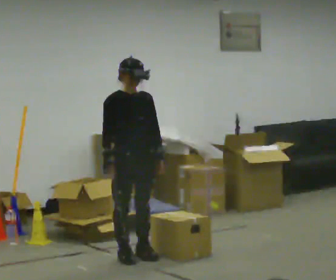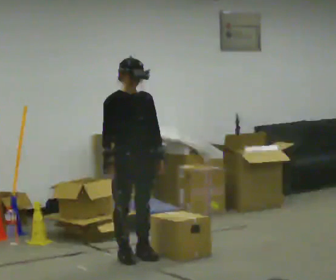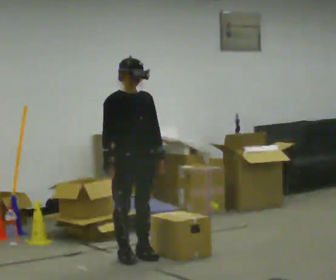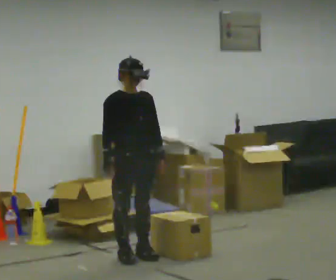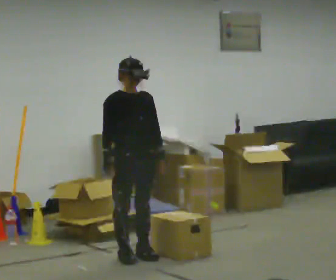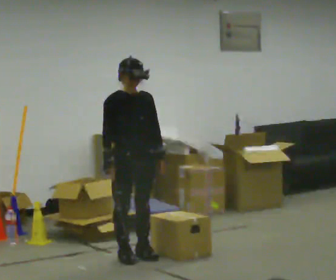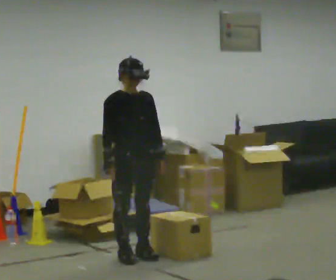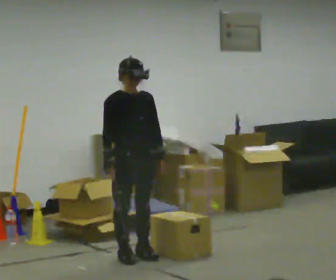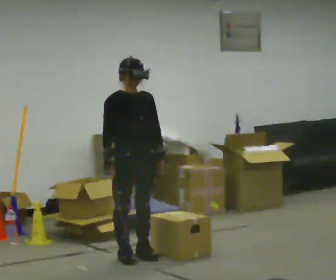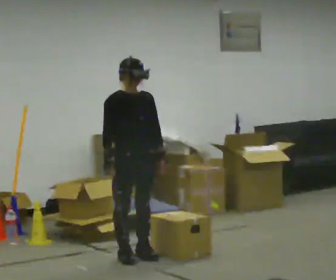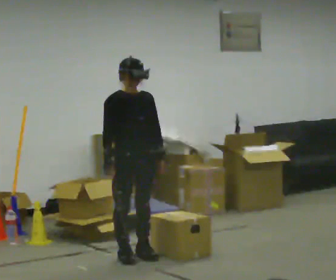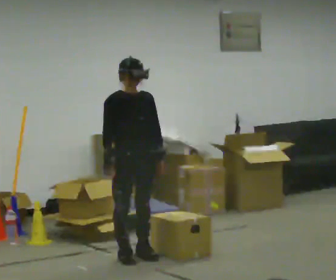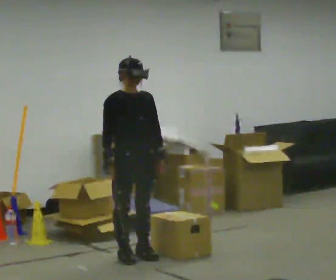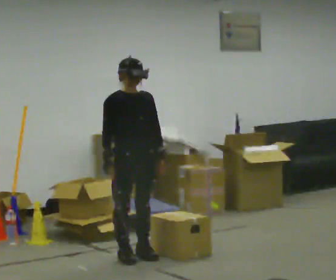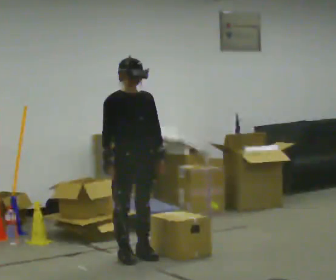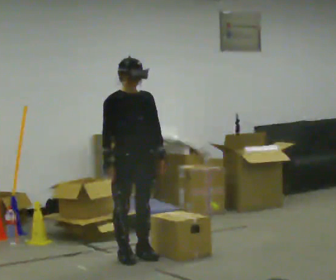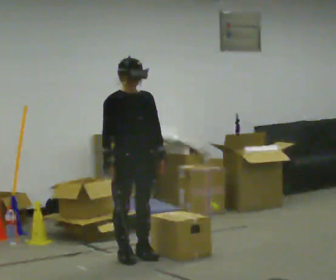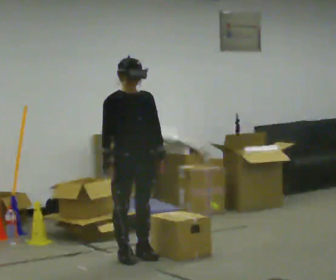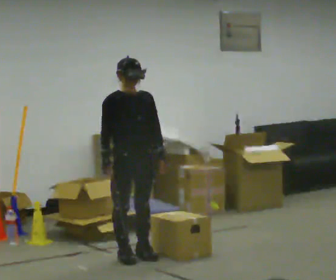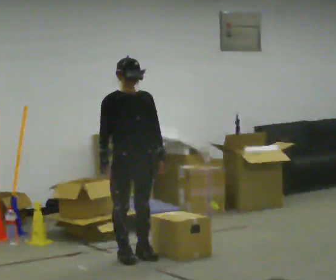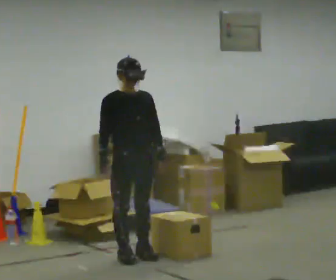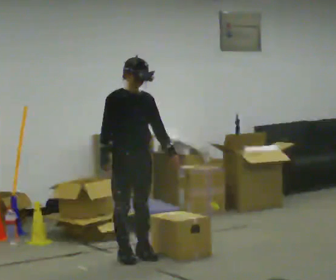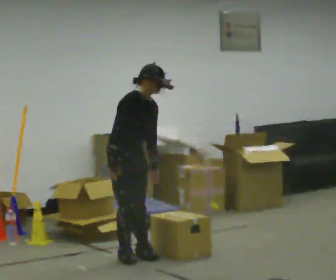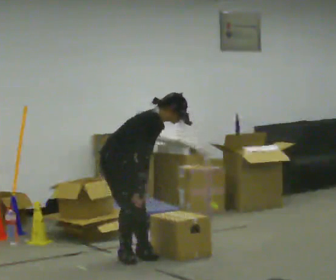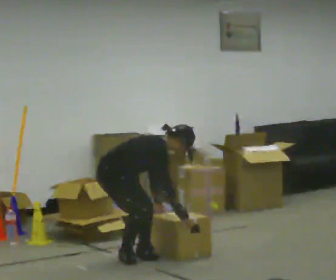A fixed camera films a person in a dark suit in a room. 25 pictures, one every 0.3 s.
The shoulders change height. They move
downward.
The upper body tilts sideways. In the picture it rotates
clockwise.
0.0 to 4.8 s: The person keeps their place and pose.
4.8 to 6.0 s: The person moves a little, or ends about where they began.
6.0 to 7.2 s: Seen from above the body turns counterclockwise, about 60 degrees: to their left, with its near side sliding to the right. The shoulders move downward. In the picture the upper body tilts clockwise, shoulders to the right, as they bend forward. In the picture their left hand goes downward.
The film runs backward here.
